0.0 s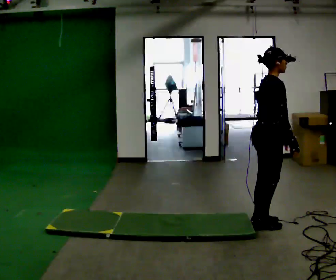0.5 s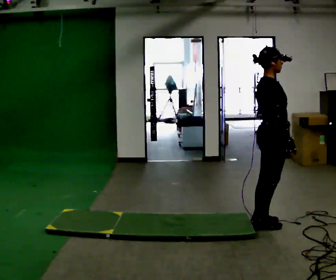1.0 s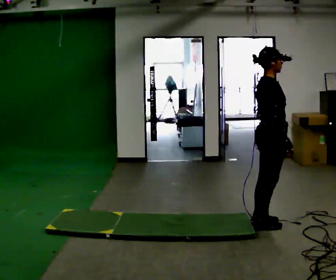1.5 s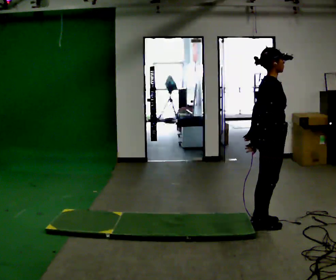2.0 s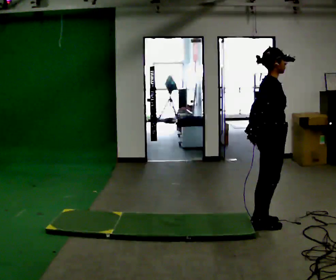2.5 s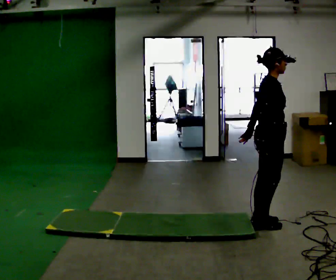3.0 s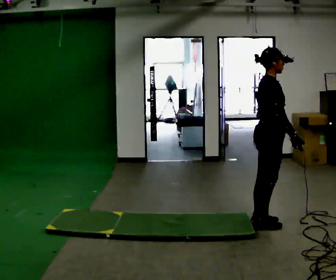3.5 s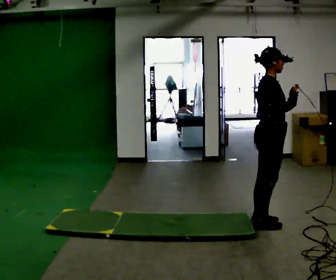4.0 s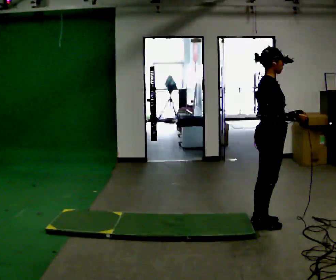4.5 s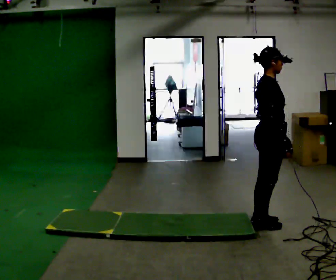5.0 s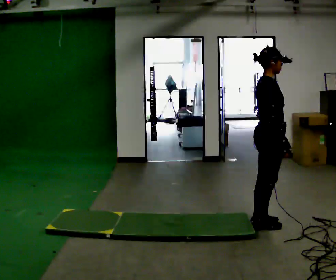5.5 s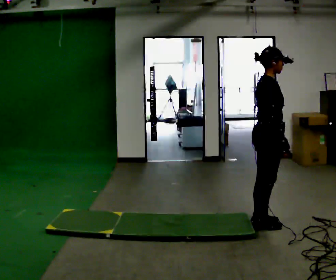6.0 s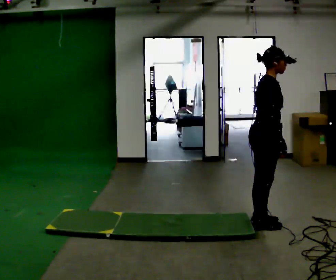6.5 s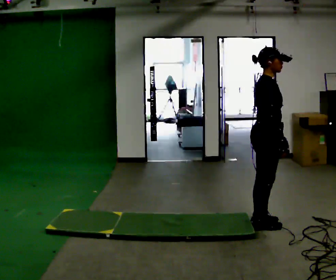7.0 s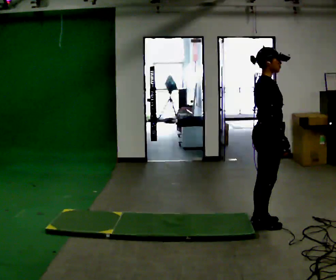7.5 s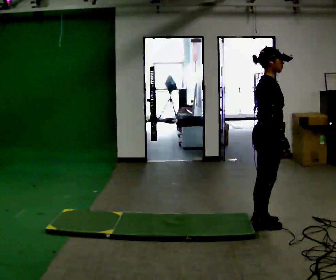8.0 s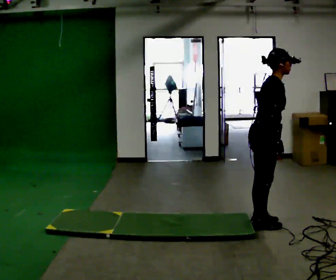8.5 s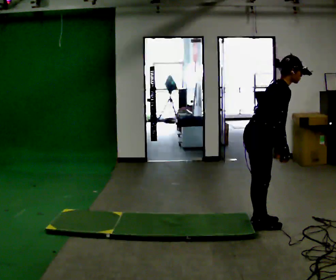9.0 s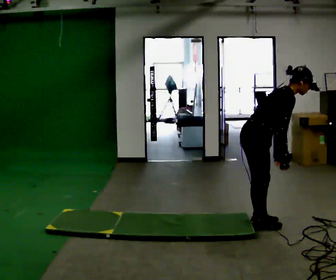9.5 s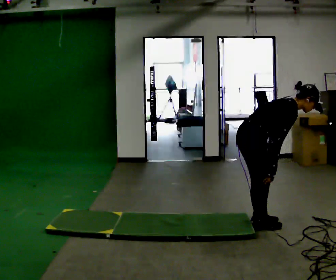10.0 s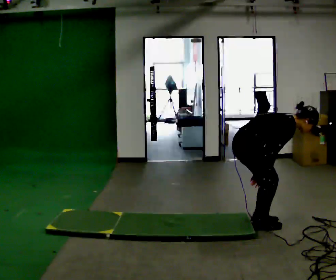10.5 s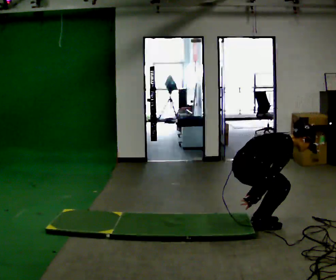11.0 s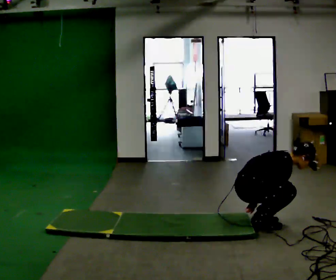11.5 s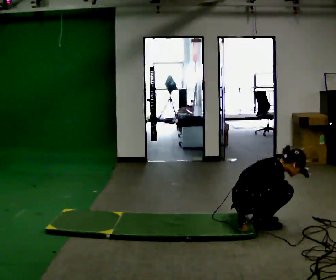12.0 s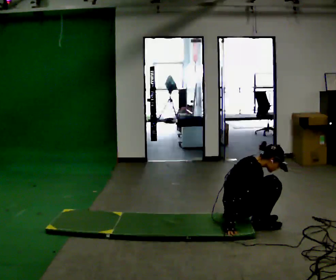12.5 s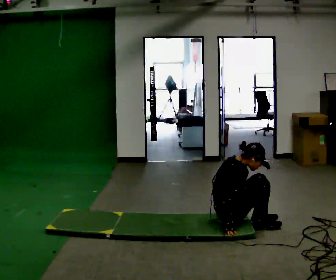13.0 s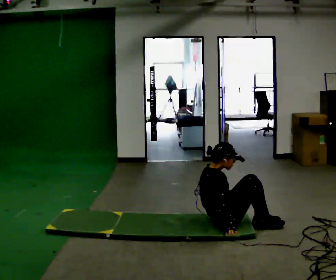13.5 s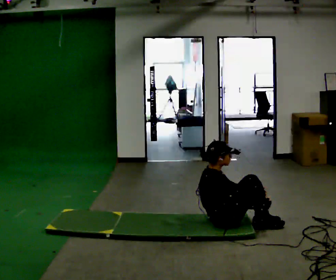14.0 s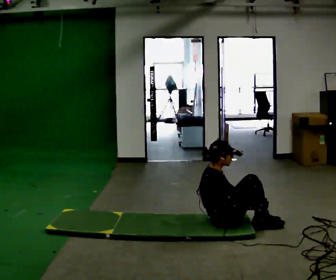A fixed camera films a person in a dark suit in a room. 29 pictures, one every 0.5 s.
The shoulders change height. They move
downward.
0.0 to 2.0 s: In the picture their right hand goes to the left.
2.0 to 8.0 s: The person moves a little, or ends about where they began.
8.0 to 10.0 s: The shoulders move downward. In the picture the upper body tilts clockwise, shoulders to the right, as they bend forward. In the picture their right hand goes downward.
10.0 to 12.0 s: The upper body goes downward. In the picture the upper body tilts counterclockwise, shoulders to the left, as they lean back or straighten. In the picture their left hand goes downward.
12.0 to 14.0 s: In the picture the upper body tilts counterclockwise, shoulders to the left, as they lean back or straighten.
The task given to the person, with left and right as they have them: From standing, lie down flat on your back, then get back up to standing in whatever way is natural. Repeat the movement at your own pace until the operator says stop; do not rush.
The film runs forward here.
